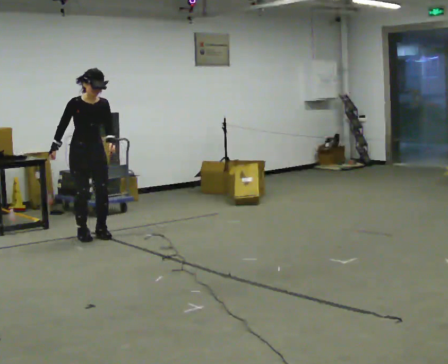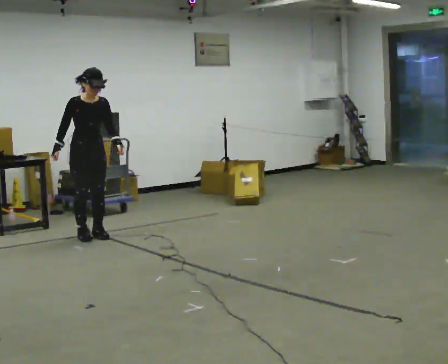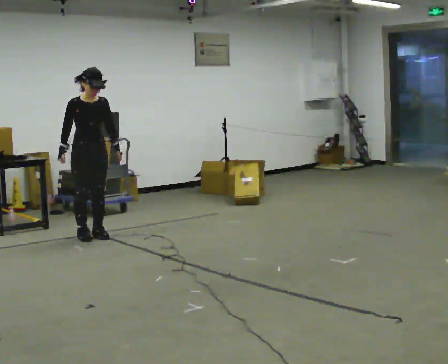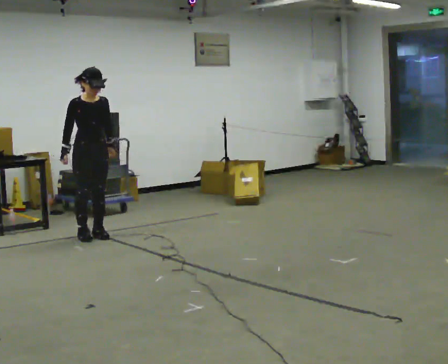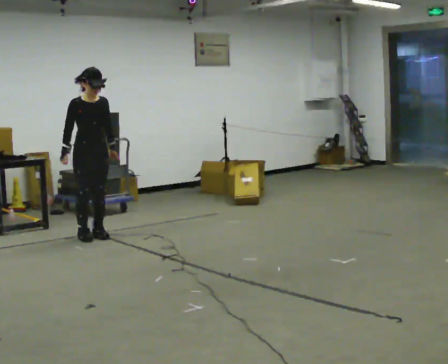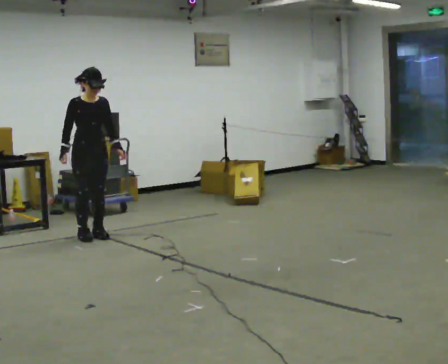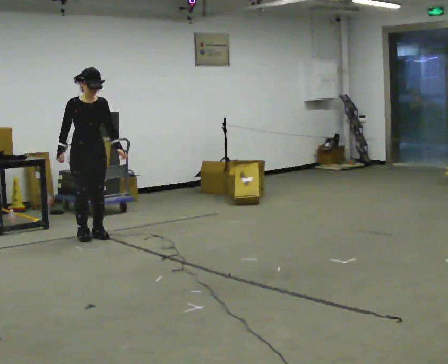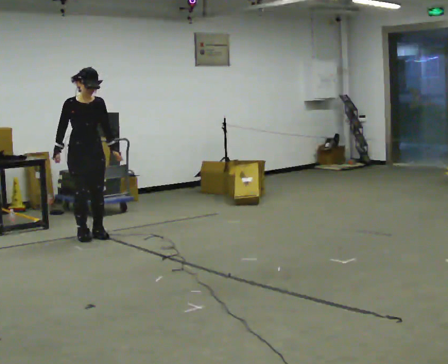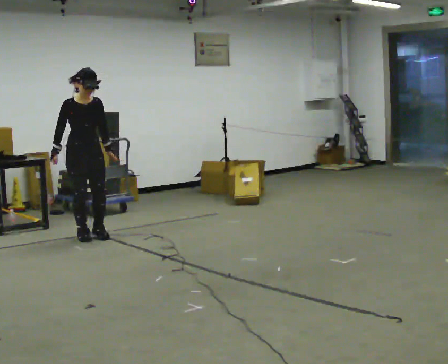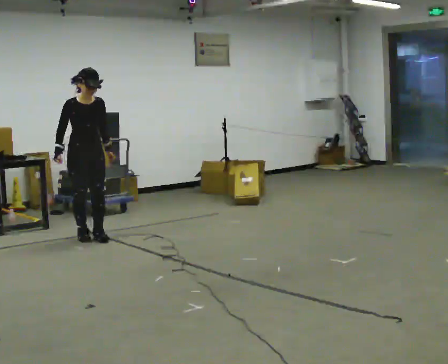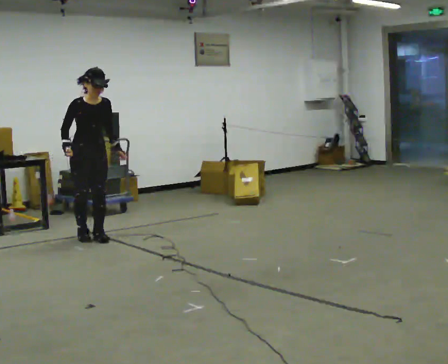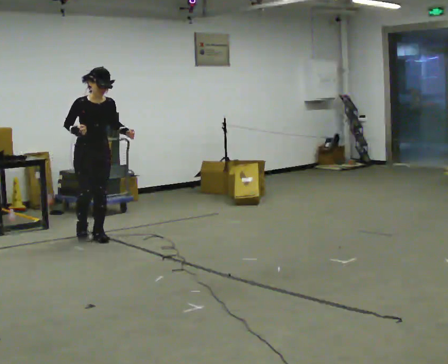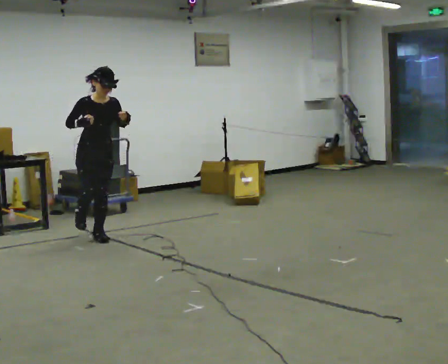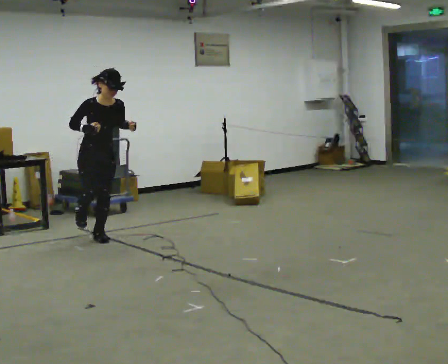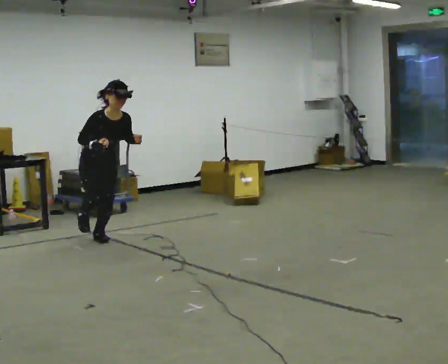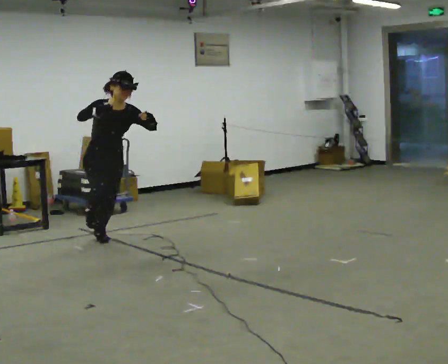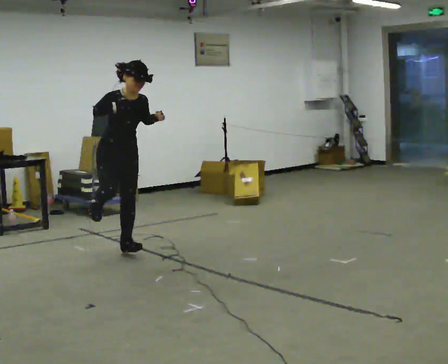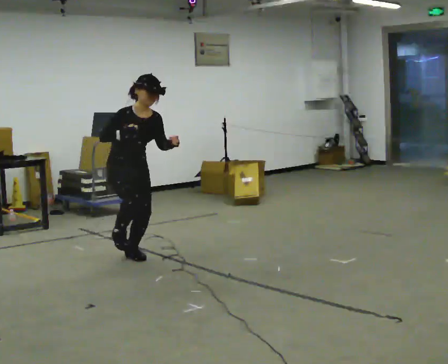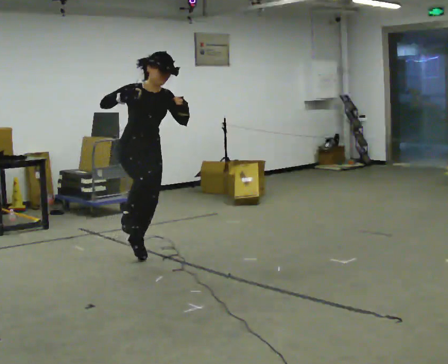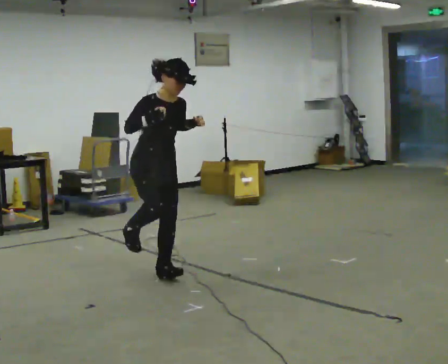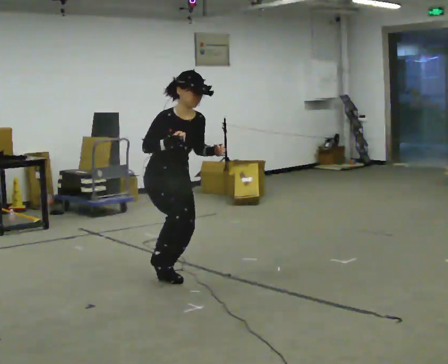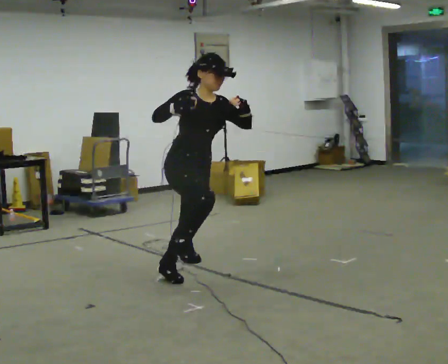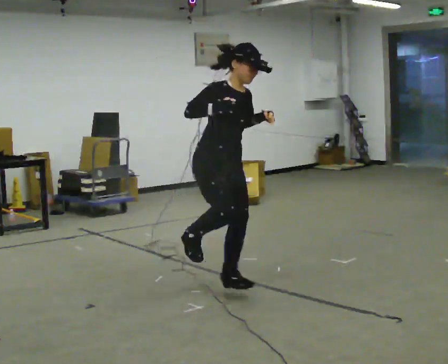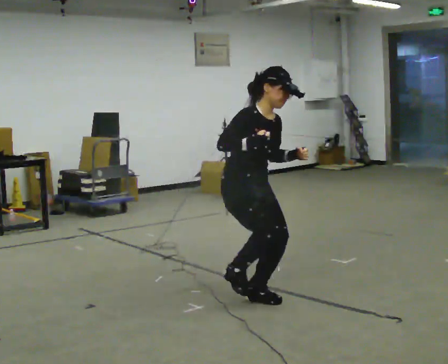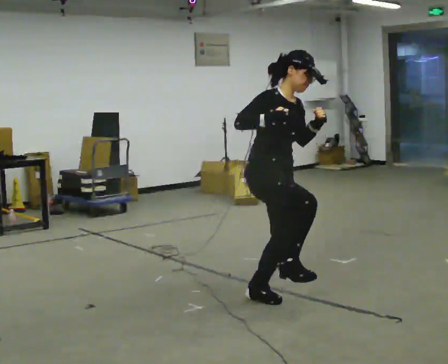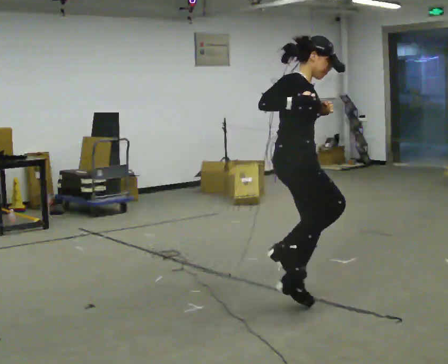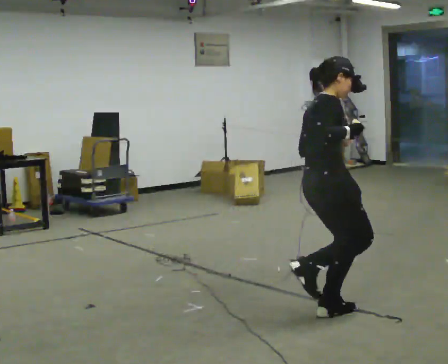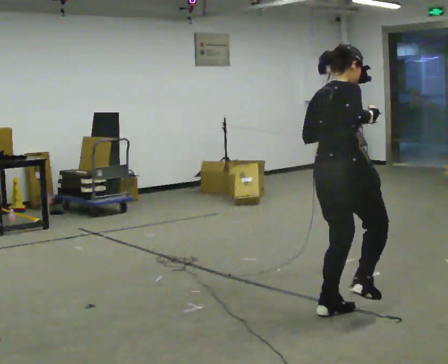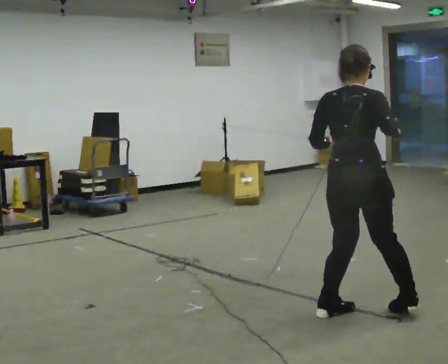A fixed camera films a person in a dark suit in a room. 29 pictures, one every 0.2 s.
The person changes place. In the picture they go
toward the camera.
0.0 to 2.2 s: The person moves a little, or ends about where they began.
2.2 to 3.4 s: In the picture they go toward the camera, about 1 m in 1 step, which for them is forward.
3.4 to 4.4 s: In the picture they go toward the camera and to the right, about 1 m in 1 step, which for them is forward.
4.4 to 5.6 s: The part of the body nearest the lens slides to the right as the person turns to their left by about 105 degrees. In the picture they go toward the camera and to the right, about 1 m in 2 steps.
The film runs forward here.
